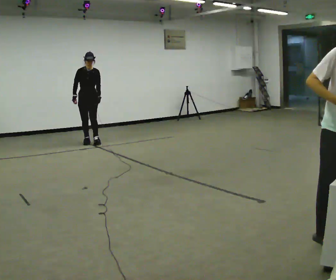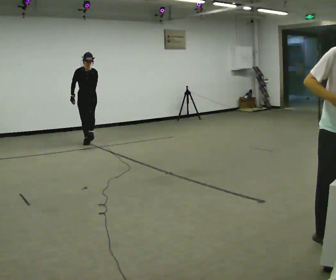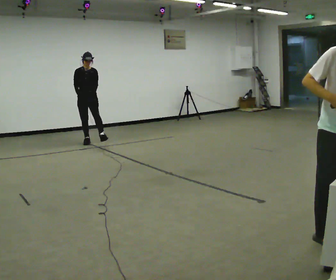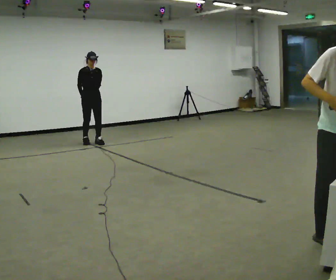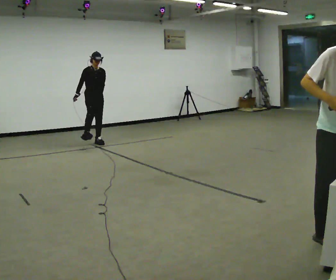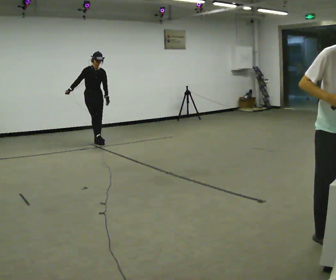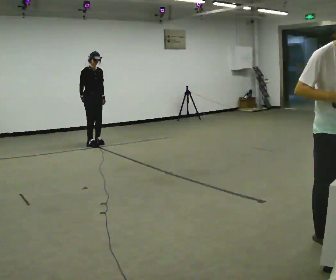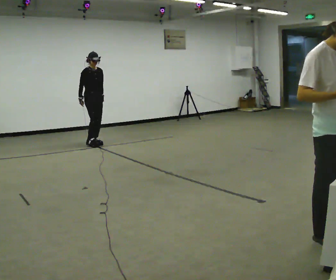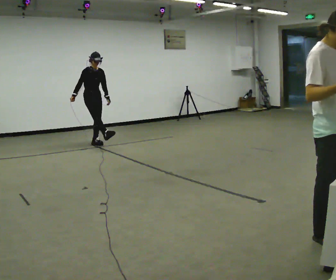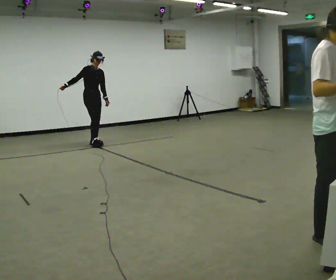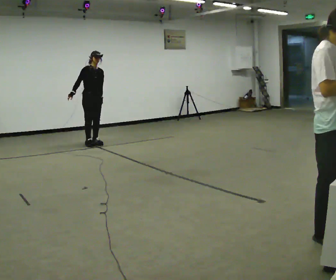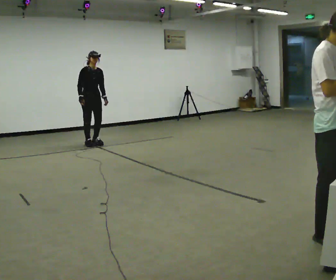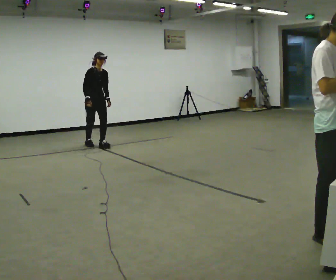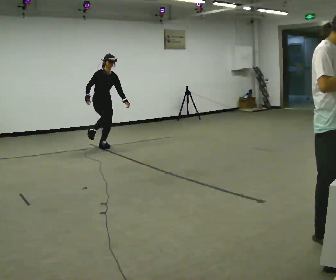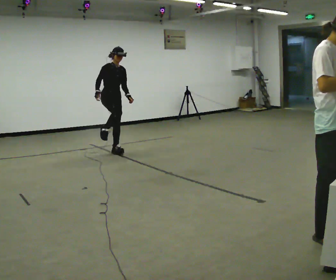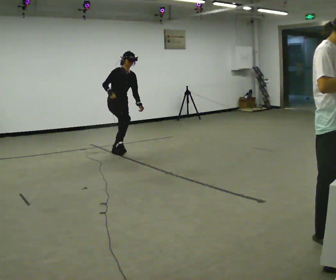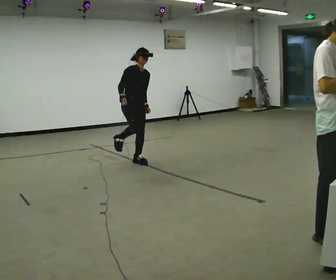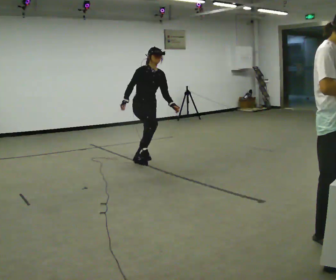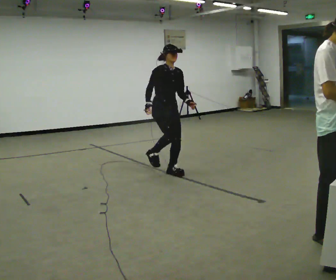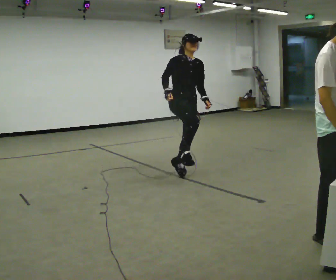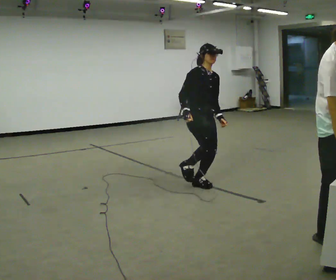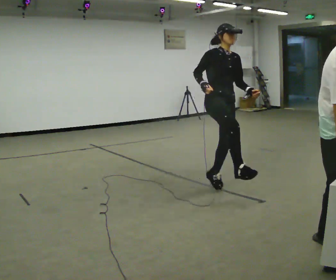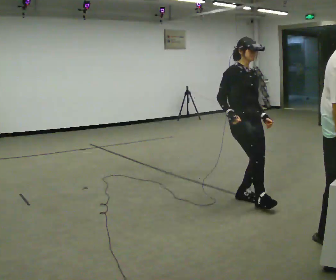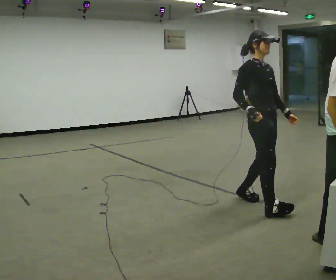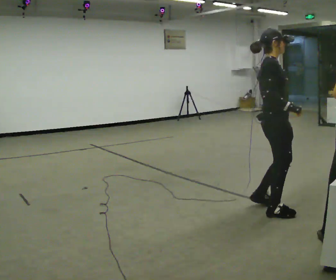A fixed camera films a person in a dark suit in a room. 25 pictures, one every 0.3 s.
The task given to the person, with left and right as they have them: Hop forward on the leg the operator calls, keeping the other foot off the floor.
0.0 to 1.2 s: The person turns about 30 degrees to their left, counterclockwise seen from above, so the part of the body nearest the lens slides to the right.
1.2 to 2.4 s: The person moves a little, or ends about where they began.
2.4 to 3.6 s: In the picture they go toward the camera, about 0.25 m in 1 step, which for them is forward.
3.6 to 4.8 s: In the picture they go toward the camera and to the right, about 1 m in 2 steps, which for them is forward.
4.8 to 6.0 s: In the picture they go toward the camera and to the right, about 1.5 m in 4 steps, which for them is forward.
6.0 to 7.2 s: The person turns about 45 degrees to their left, counterclockwise seen from above, so the part of the body nearest the lens slides to the right. In the picture they go toward the camera, about 1 m in 2 steps, which for them is forward.
The film runs forward here.
